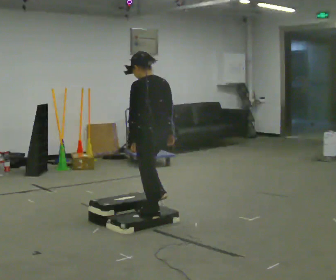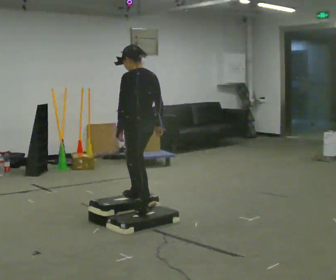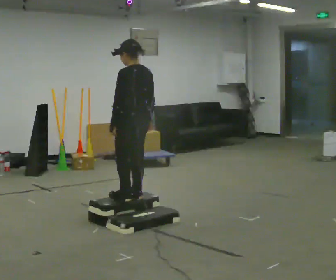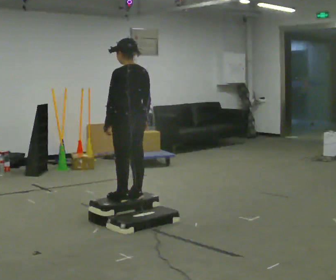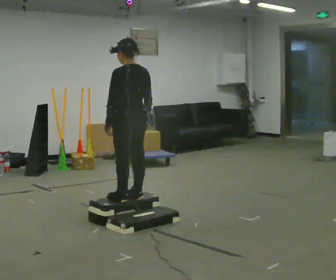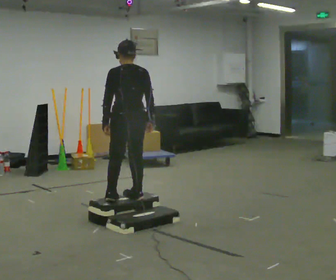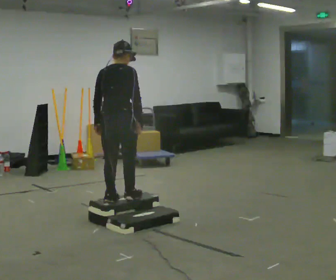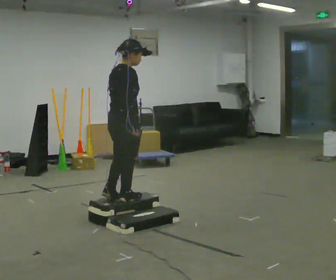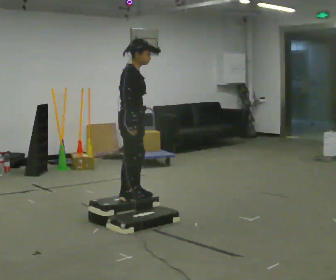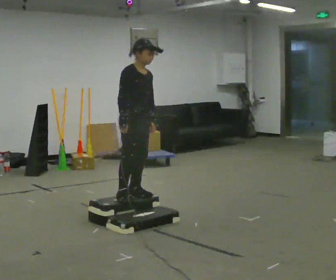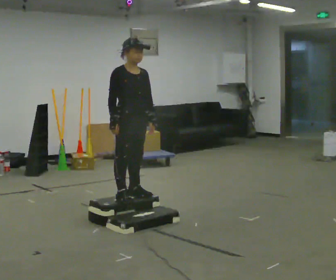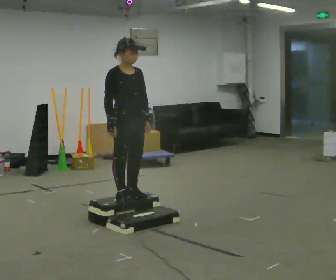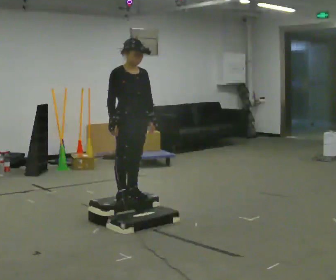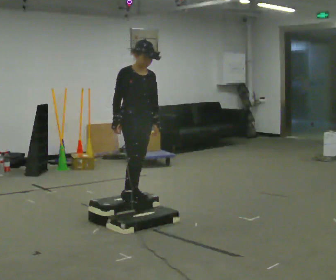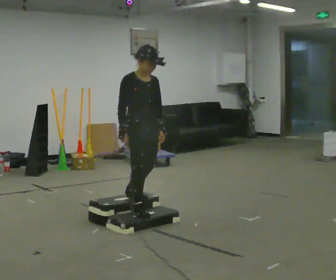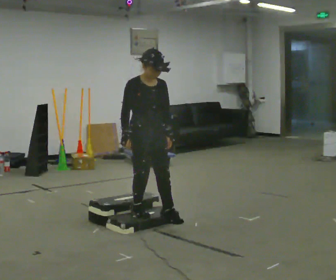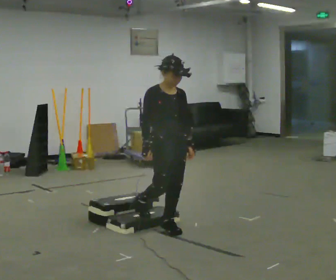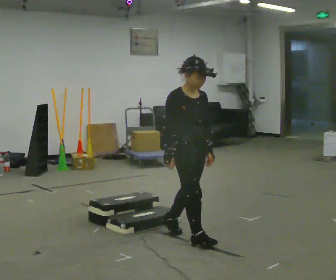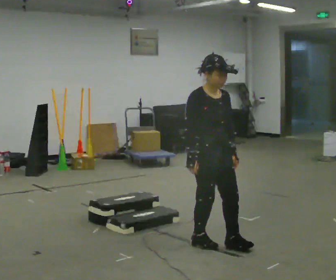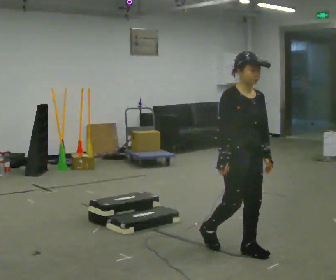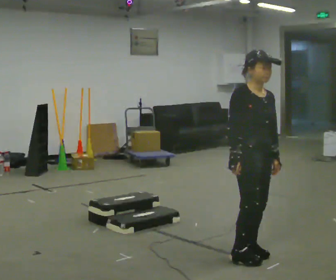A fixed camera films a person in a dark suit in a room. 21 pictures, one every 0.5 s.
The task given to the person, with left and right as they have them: Walk up the three steps, turn at the top, and walk back down at a comfortable speed. Use the handrail only if you need it.
0.0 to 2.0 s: In the picture they go away from the camera and to the left, about 0.25 m in 2 steps, which for them is forward.
2.0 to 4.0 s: The part of the body nearest the lens slides to the left as the person turns to their right by about 135 degrees.
4.0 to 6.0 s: The part of the body nearest the lens slides to the left as the person turns to their right by about 45 degrees.
6.0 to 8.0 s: In the picture they go toward the camera and to the right, about 0.5 m in 2 steps, which for them is forward. The shoulders move downward.
8.0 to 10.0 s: In the picture they go toward the camera and to the right, about 1 m in 3 steps, which for them is forward.
The film runs forward here.
